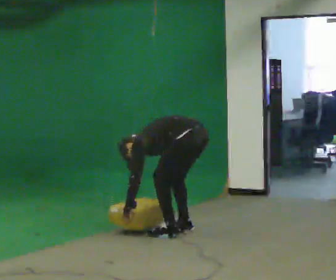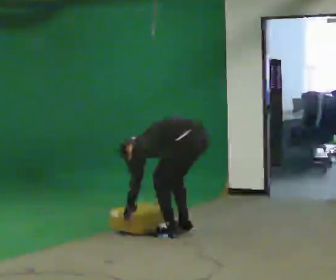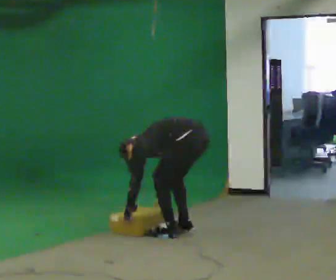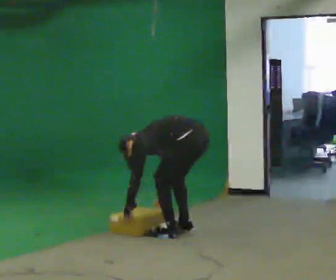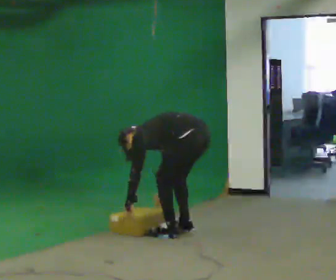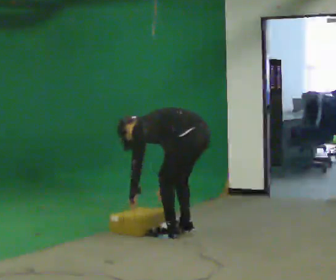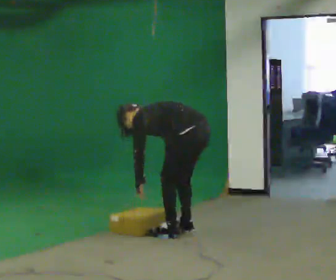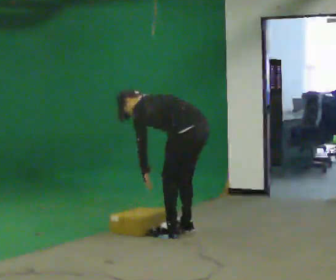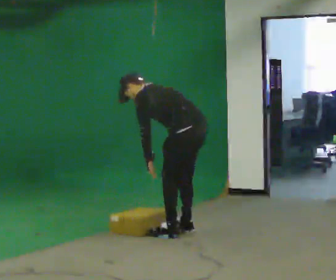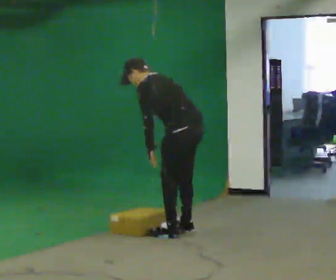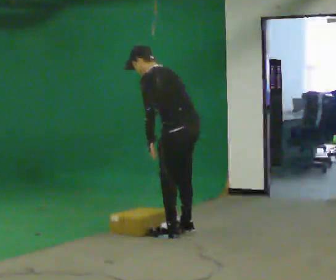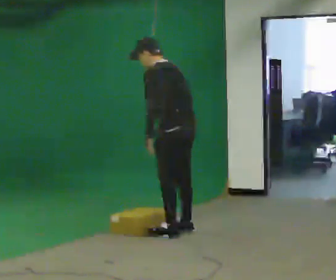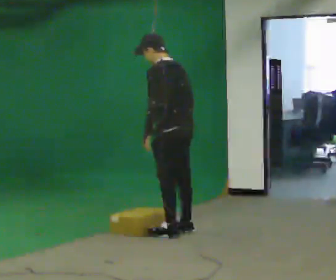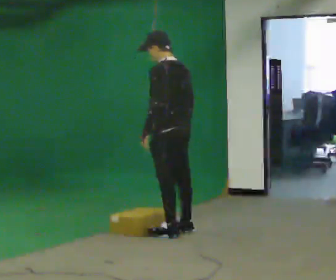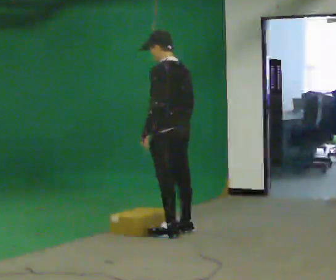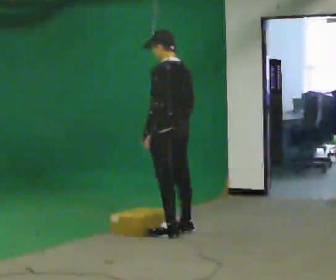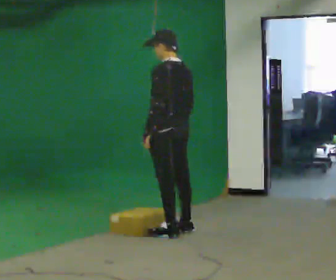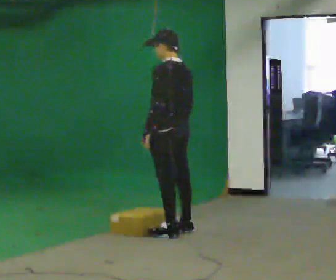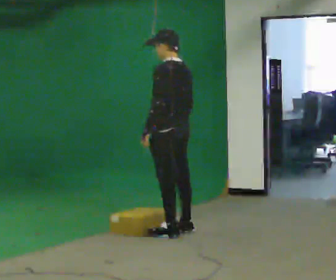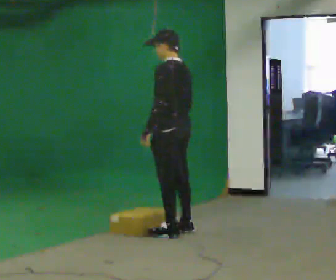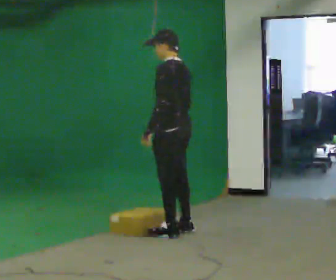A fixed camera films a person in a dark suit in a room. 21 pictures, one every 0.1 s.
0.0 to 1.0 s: The upper body goes upward. In the picture the upper body tilts clockwise, shoulders to the right, as they lean back or straighten. In the picture their right hand goes upward.
1.0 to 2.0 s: In the picture the upper body tilts clockwise, shoulders to the right.
The film runs forward here.
